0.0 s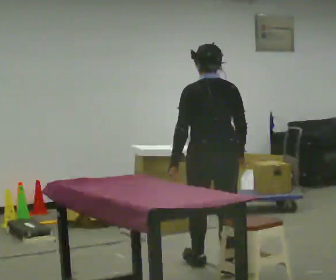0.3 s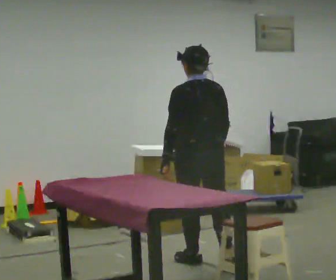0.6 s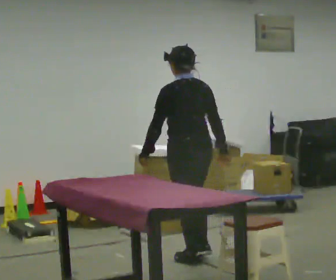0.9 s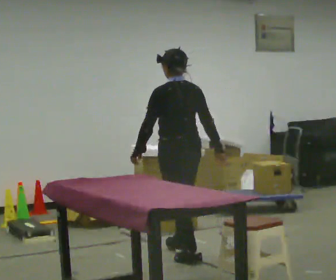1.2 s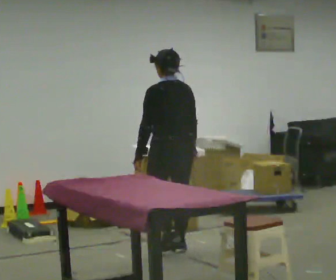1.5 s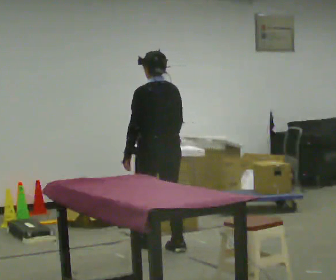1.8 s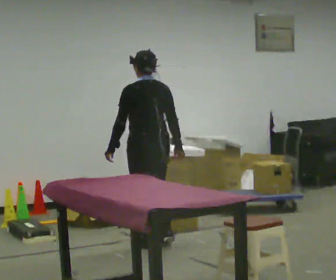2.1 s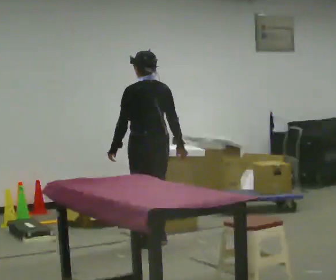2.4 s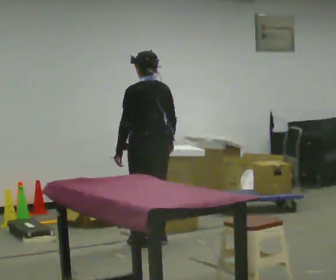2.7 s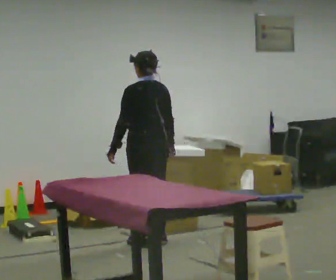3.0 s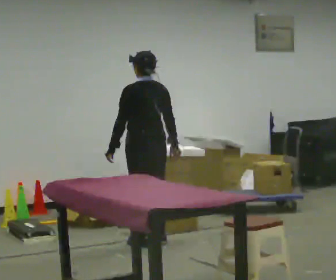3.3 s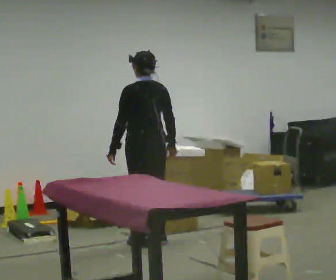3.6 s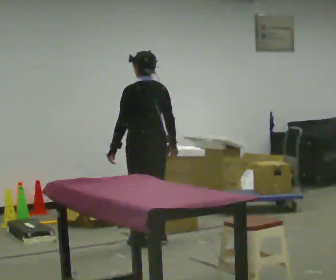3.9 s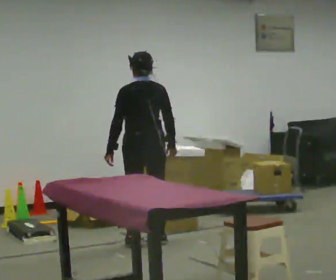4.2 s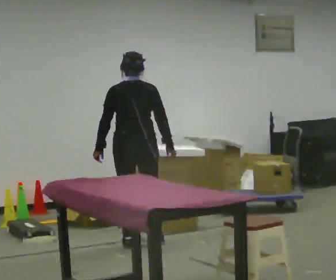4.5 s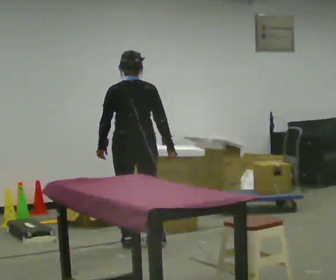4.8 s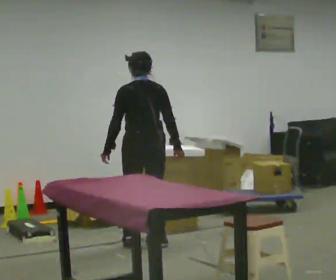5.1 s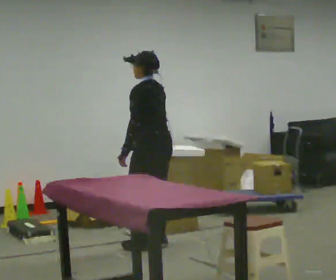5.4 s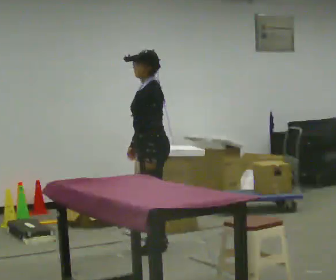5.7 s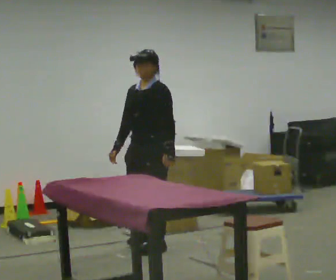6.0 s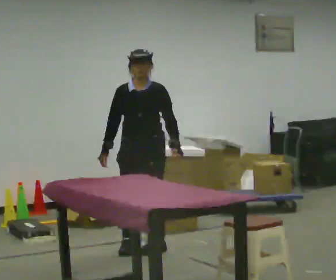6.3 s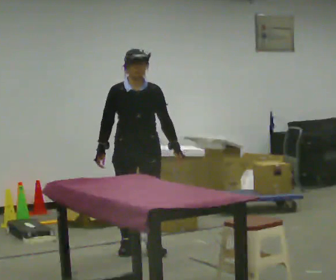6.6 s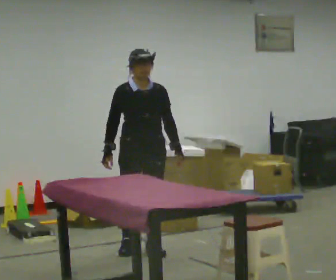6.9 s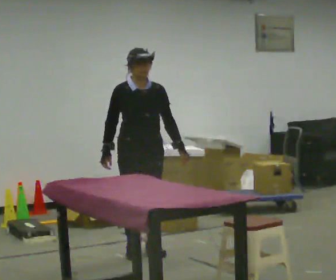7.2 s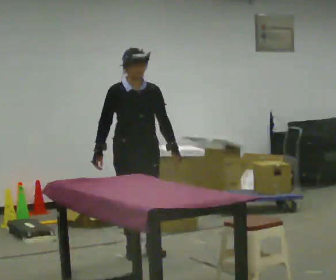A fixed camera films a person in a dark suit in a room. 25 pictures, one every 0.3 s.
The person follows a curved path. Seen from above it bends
counterclockwise.
0.0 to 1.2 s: In the picture they go away from the camera, about 0.75 m in 2 steps, which for them is forward.
1.2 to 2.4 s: In the picture they go away from the camera and to the left, about 0.25 m in 2 steps, which for them is forward.
2.4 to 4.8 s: The person moves a little, or ends about where they began.
4.8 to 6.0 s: The person turns about 150 degrees to their left, counterclockwise seen from above, so the part of the body nearest the lens slides to the right. In the picture their right hand goes to the left, the arm swinging clockwise.
6.0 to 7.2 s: The part of the body nearest the lens slides to the right as the person turns to their left by about 30 degrees.
The film runs forward here.
